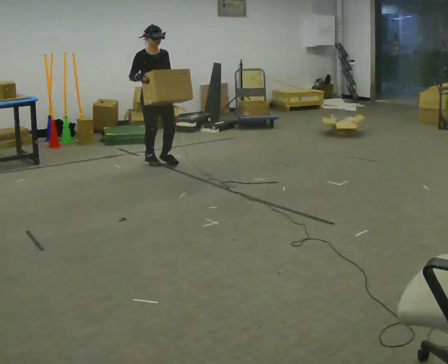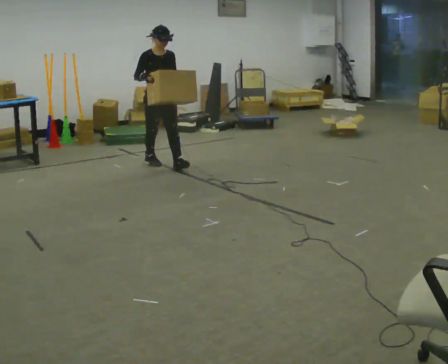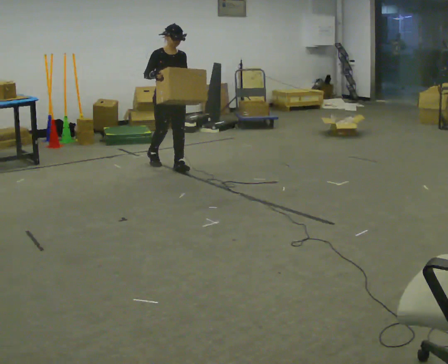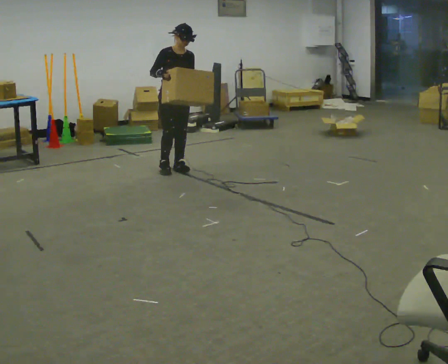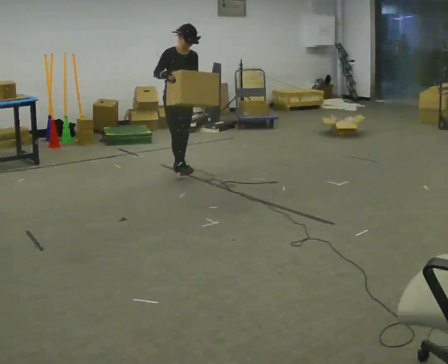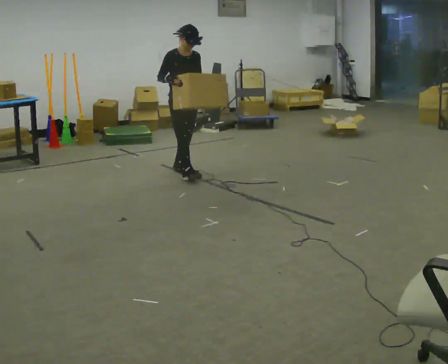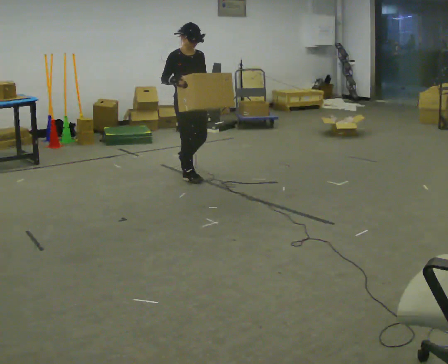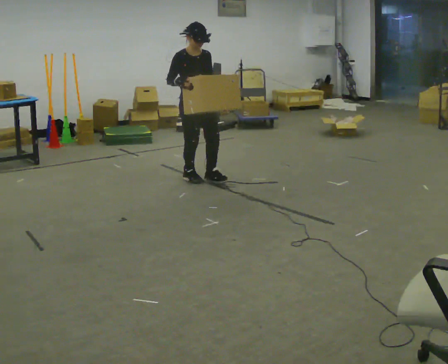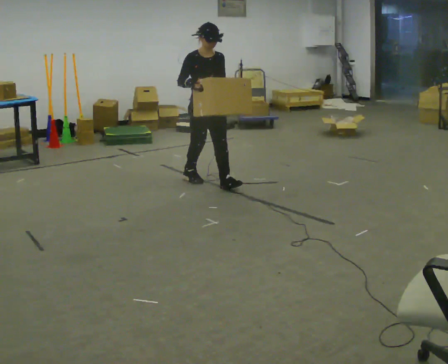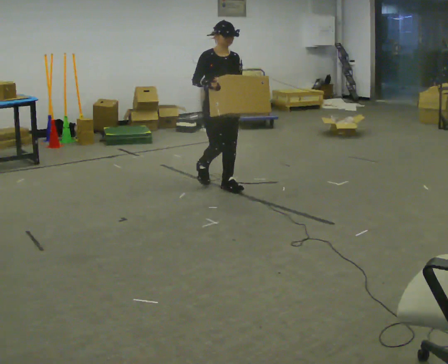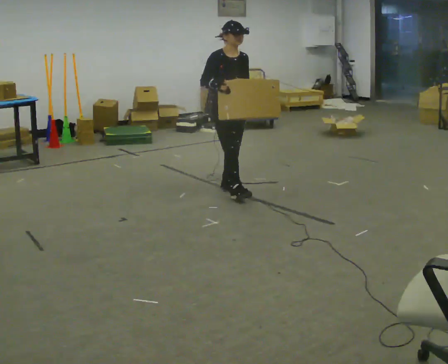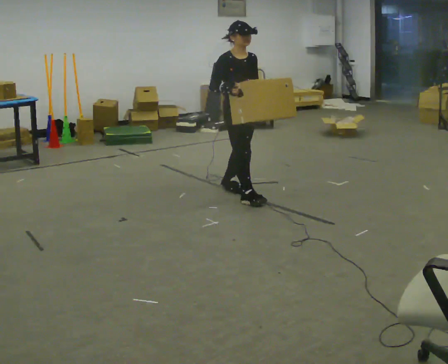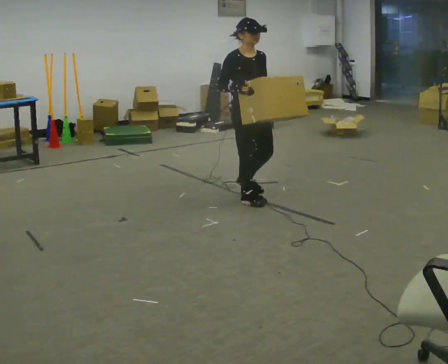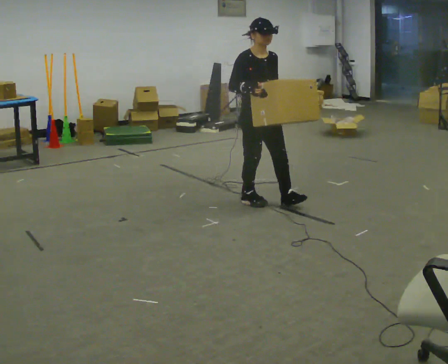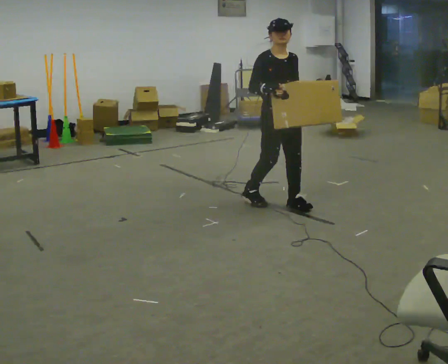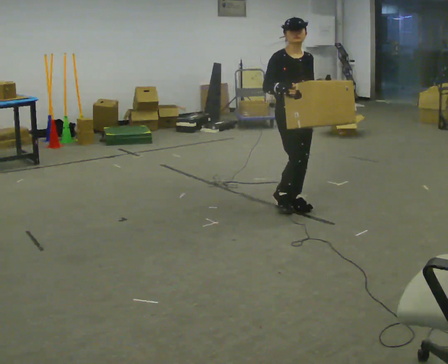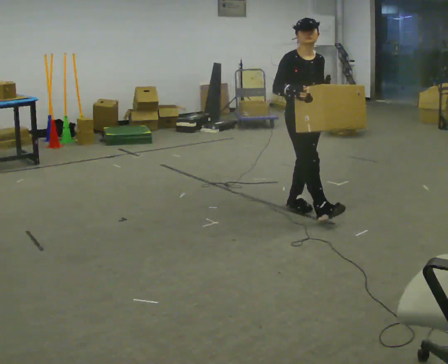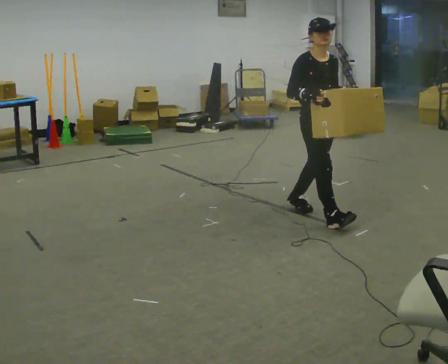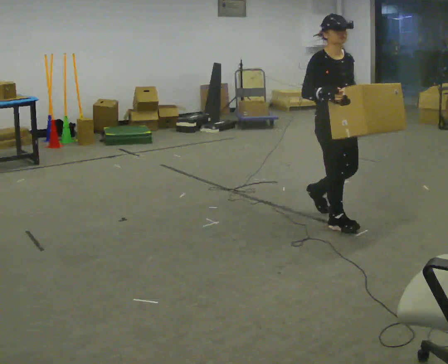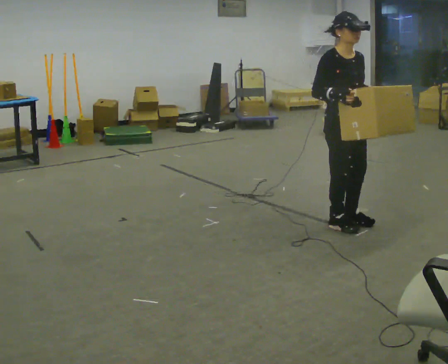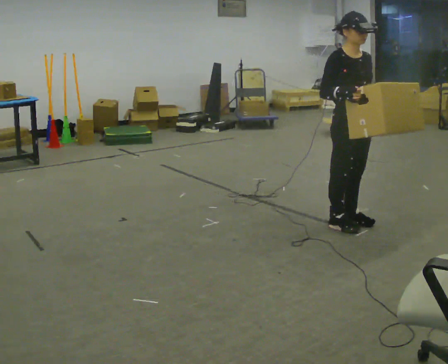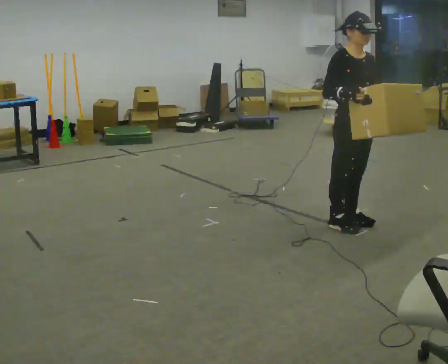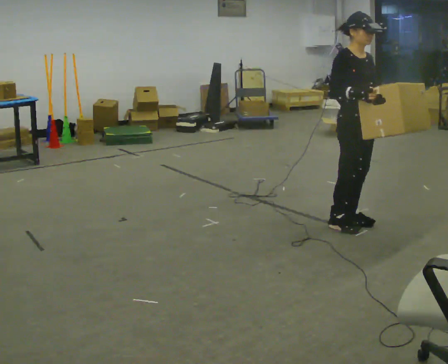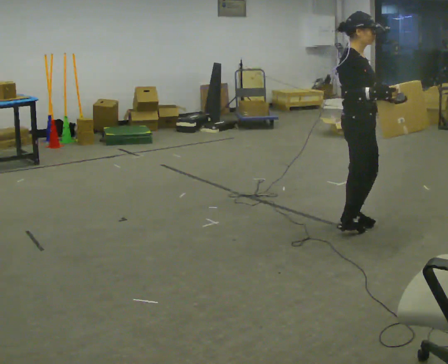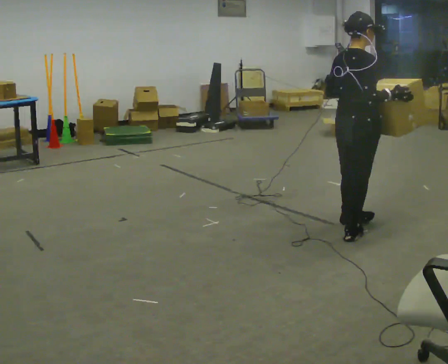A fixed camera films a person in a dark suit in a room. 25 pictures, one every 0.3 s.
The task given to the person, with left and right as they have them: Carry the box across the room while freely looking around at the walls, ceiling and floor. Keep going until the operator says stop; one object at a time, and do not rush between trips.
0.0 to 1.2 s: In the picture they go toward the camera and to the right, about 0.5 m in 1 step, which for them is forward.
1.2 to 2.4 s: In the picture they go toward the camera and to the right, about 0.5 m in 2 steps, which for them is forward.
2.4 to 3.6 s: In the picture they go toward the camera and to the right, about 0.5 m in 1 step, which for them is forward.
3.6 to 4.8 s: In the picture they go to the right and toward the camera, about 0.5 m in 1 step, which for them is forward.
4.8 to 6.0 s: In the picture they go toward the camera and to the right, about 0.5 m in 2 steps, which for them is forward.
6.0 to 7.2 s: Seen from above the body turns counterclockwise, about 90 degrees: to their left, with its near side sliding to the right. In the picture they go toward the camera, about 0.25 m in 1 step. In the picture their right hand goes to the right.
The film runs forward here.
